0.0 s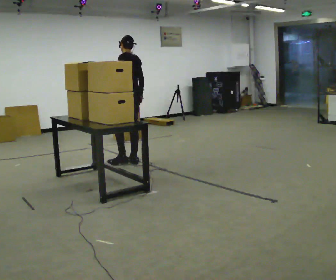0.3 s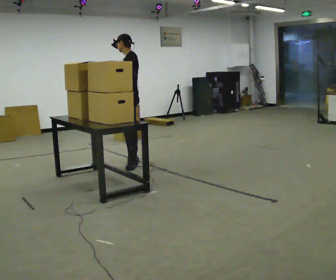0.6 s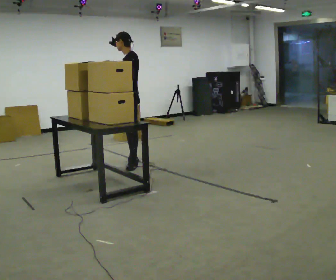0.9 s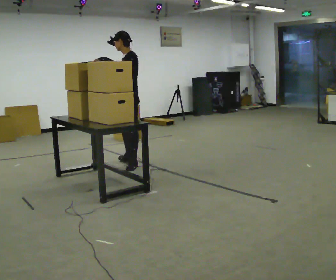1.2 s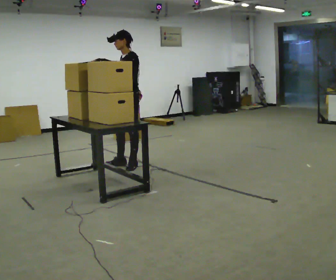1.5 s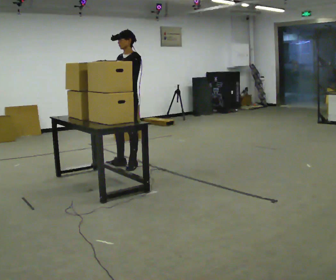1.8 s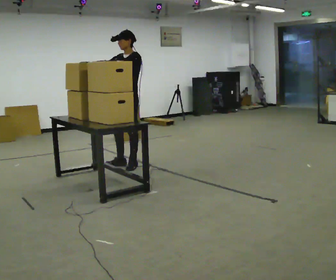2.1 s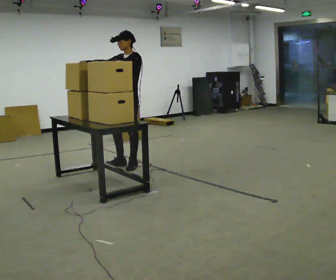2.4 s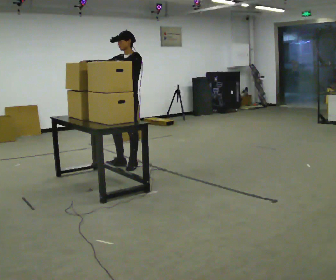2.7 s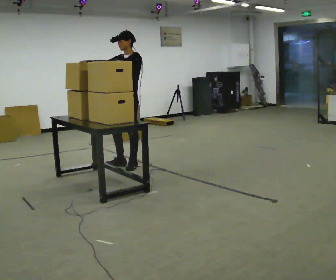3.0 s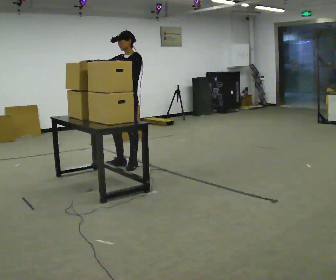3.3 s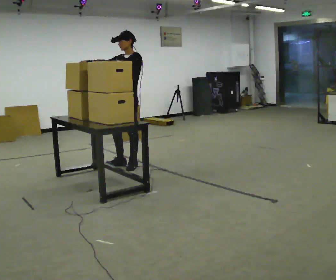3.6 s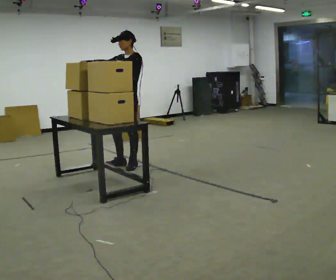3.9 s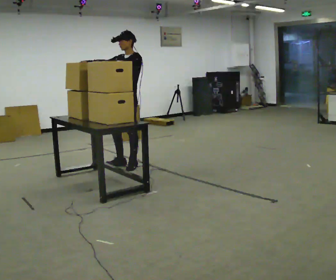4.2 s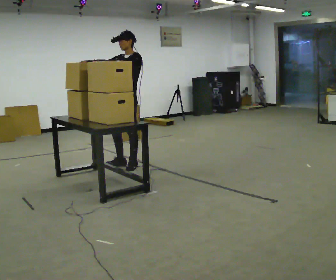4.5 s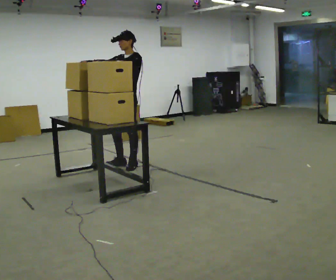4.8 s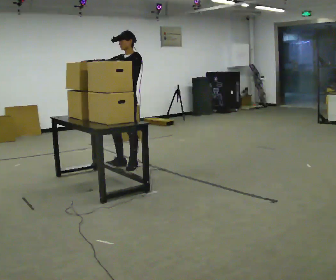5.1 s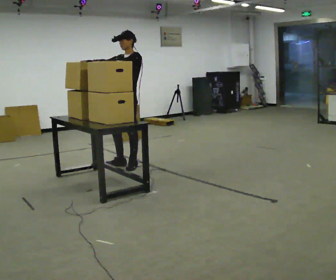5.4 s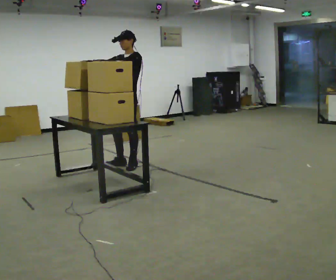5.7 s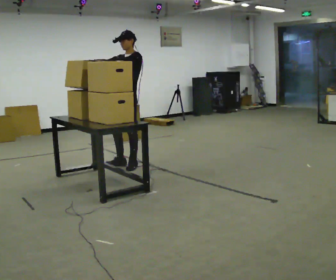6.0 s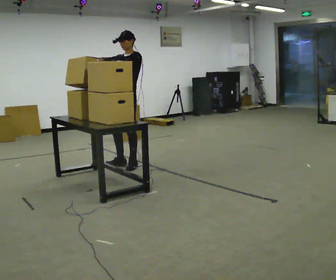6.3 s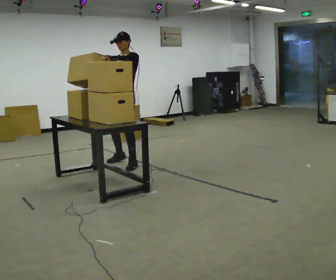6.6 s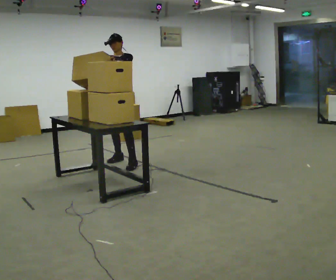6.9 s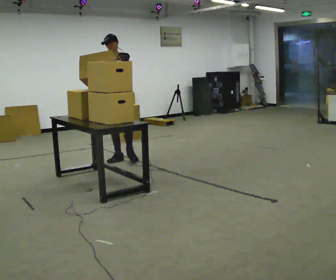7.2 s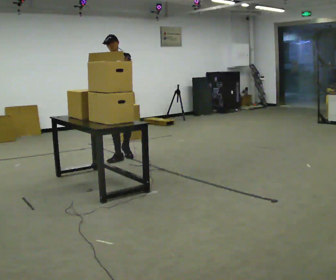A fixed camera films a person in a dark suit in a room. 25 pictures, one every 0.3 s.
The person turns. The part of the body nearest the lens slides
to the right.
The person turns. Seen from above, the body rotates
counterclockwise.
0.0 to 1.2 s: The person turns about 60 degrees to their left, counterclockwise seen from above, so the part of the body nearest the lens slides to the right. In the picture they go toward the camera, about 0.25 m in 1 step. In the picture their left hand goes upward.
1.2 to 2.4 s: In the picture their right hand goes to the left and upward, the arm swinging clockwise.
2.4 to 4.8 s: The person keeps their place and pose.
4.8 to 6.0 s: The person moves a little, or ends about where they began.
6.0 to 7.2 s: The part of the body nearest the lens slides to the right as the person turns to their left by about 45 degrees. In the picture they go away from the camera, about 0.5 m in 2 steps, which for them is to their right and backward.
The film runs backward here.
